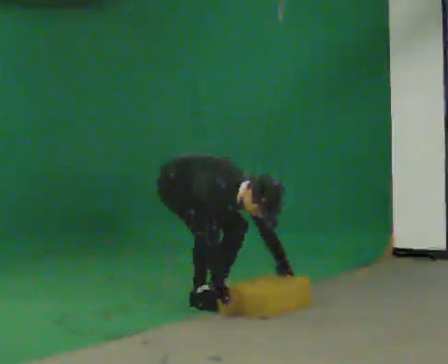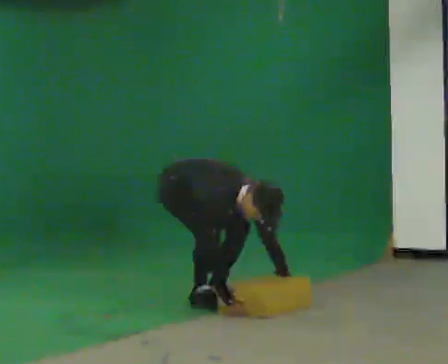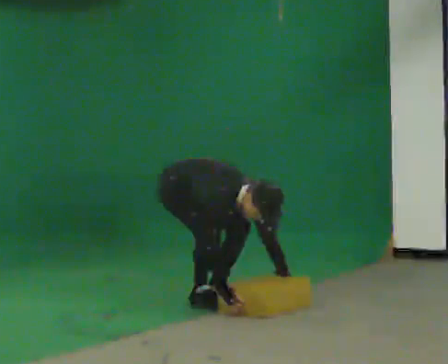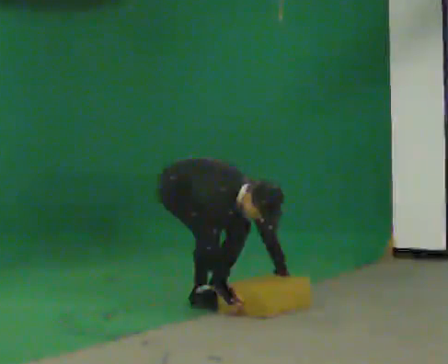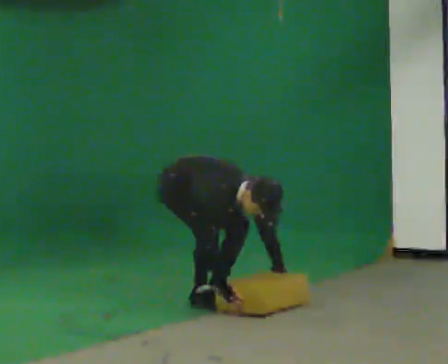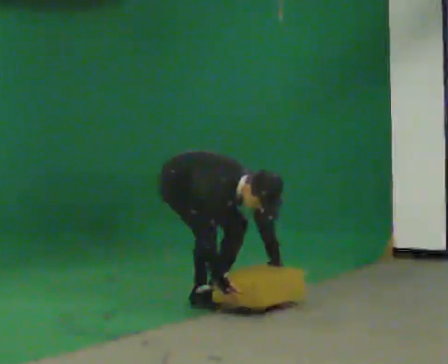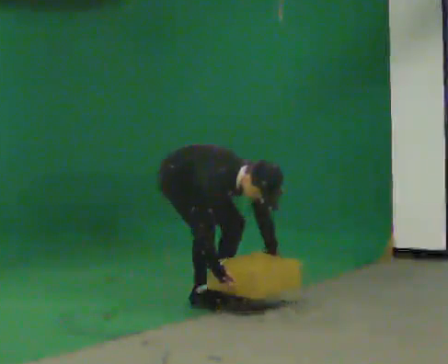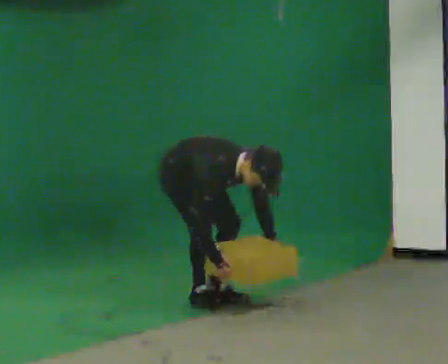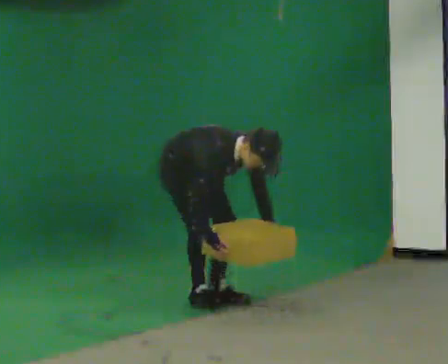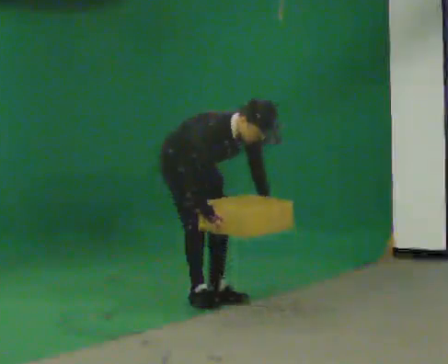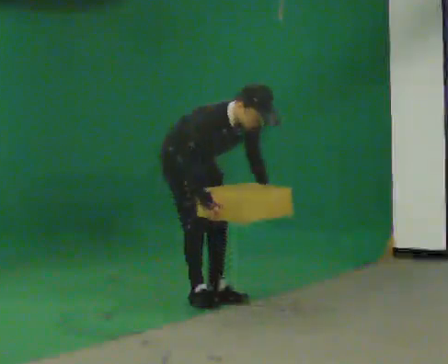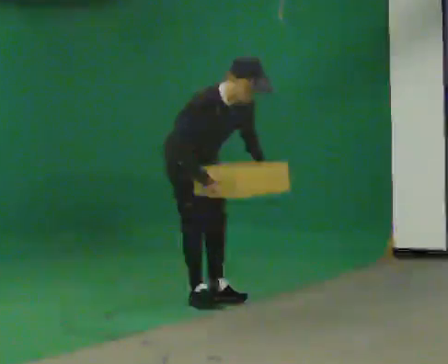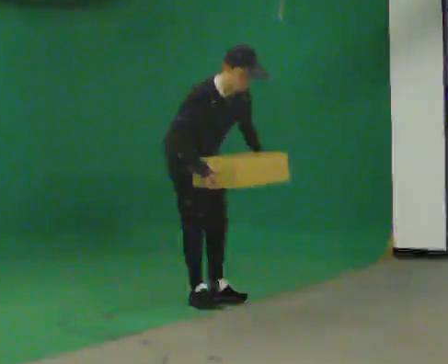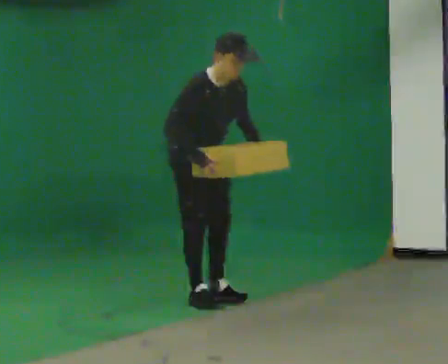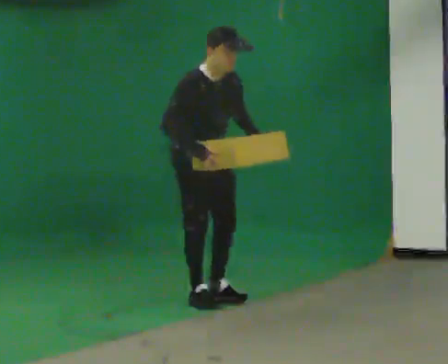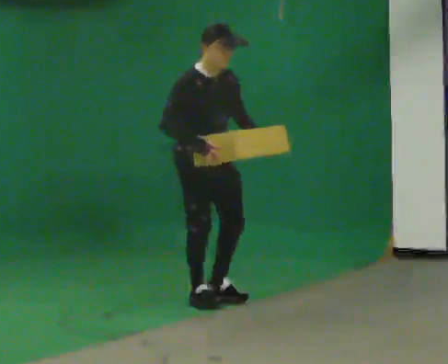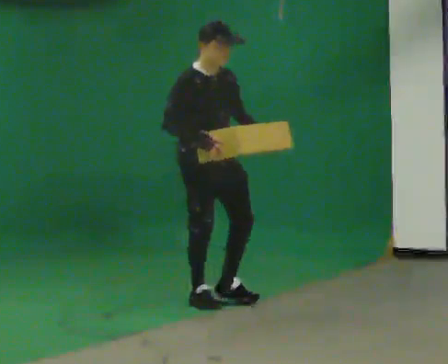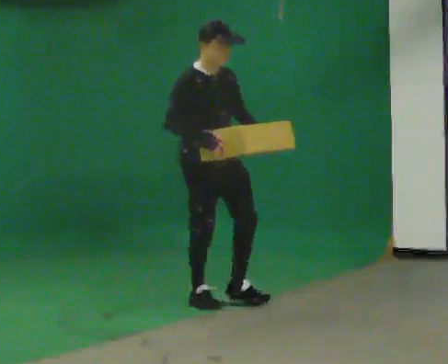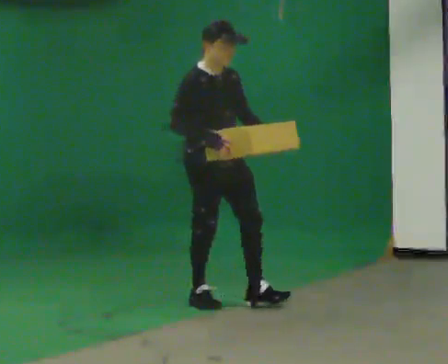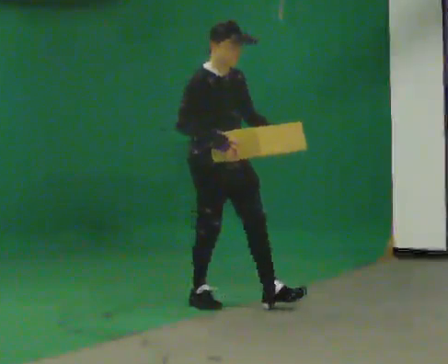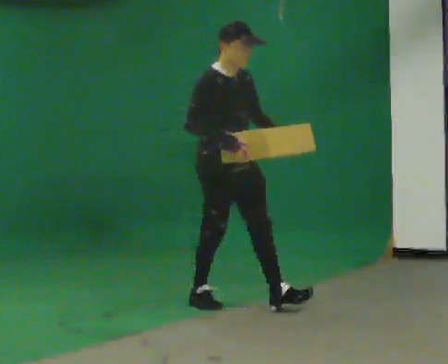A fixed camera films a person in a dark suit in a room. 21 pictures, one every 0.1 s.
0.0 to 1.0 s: The shoulders move upward. In the picture the upper body tilts counterclockwise, shoulders to the left, as they lean back or straighten. In the picture their left hand goes upward.
1.0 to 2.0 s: In the picture they go to the right and toward the camera, about 0.25 m, which for them is forward. The shoulders move upward. In the picture the upper body tilts counterclockwise, shoulders to the left, as they lean back or straighten. In the picture their right hand goes upward.
The film runs forward here.
